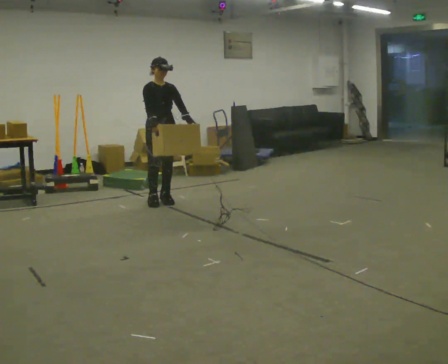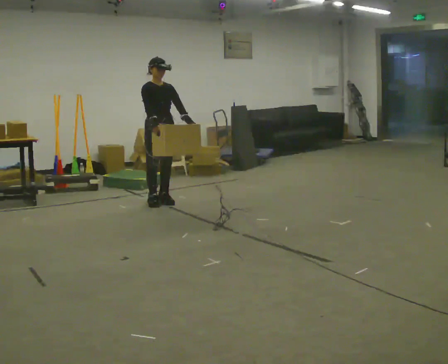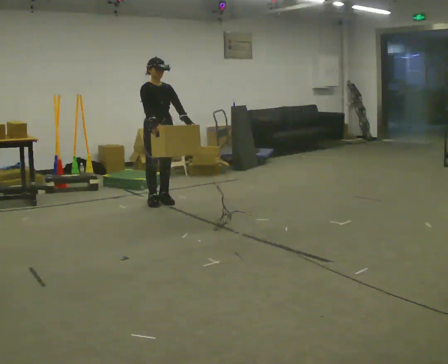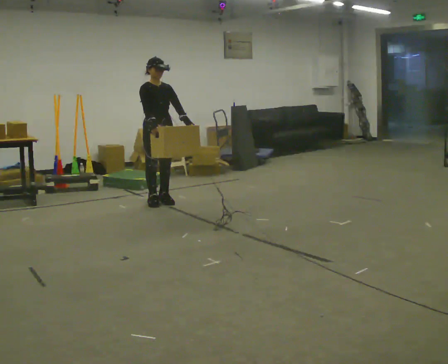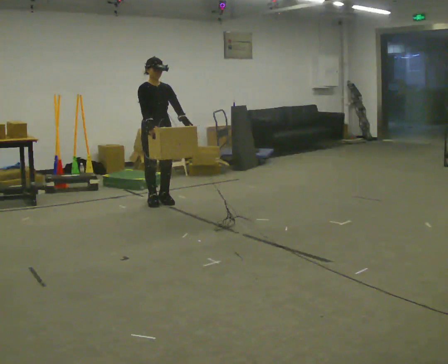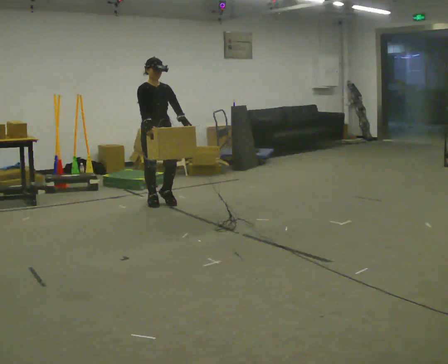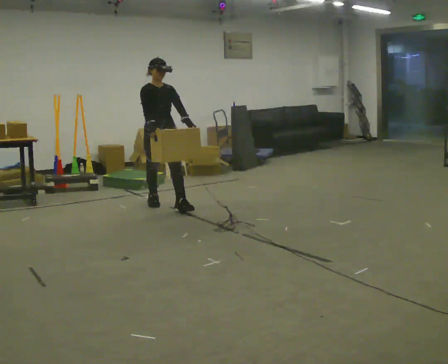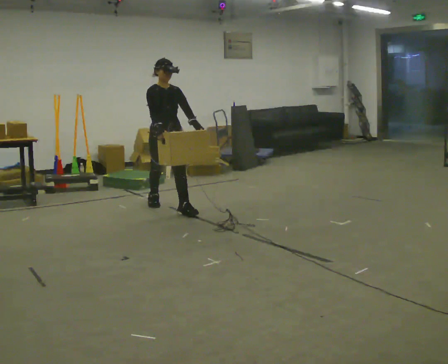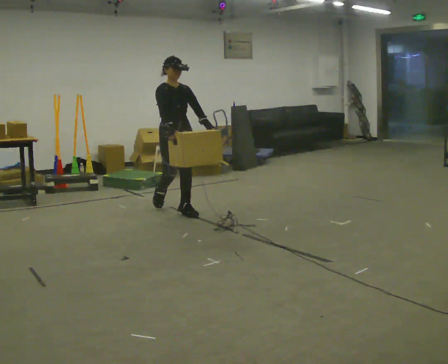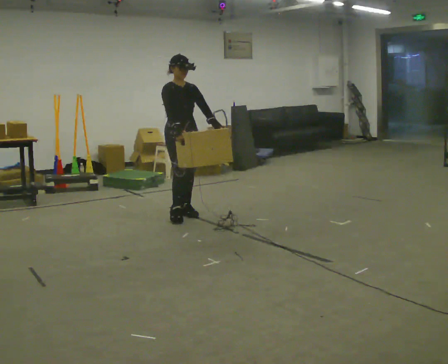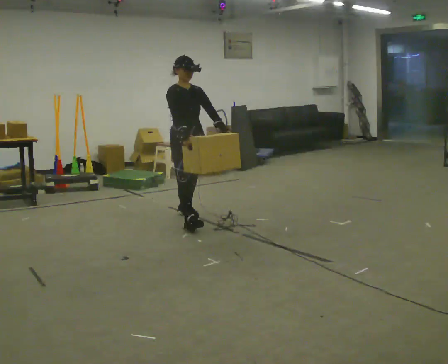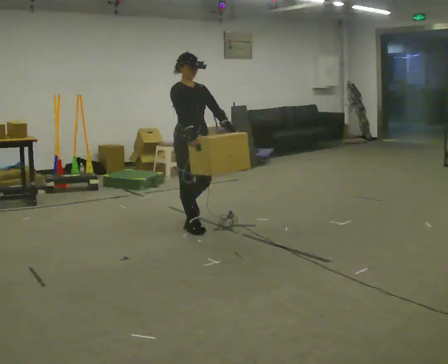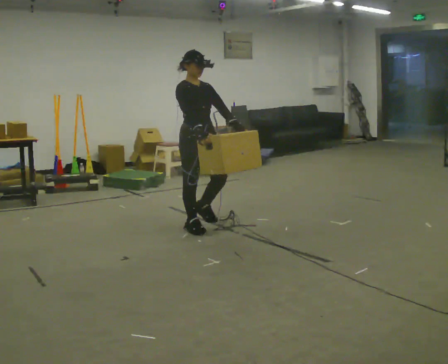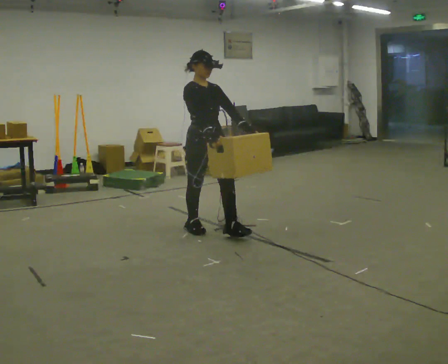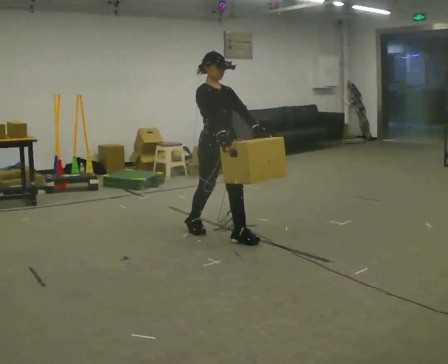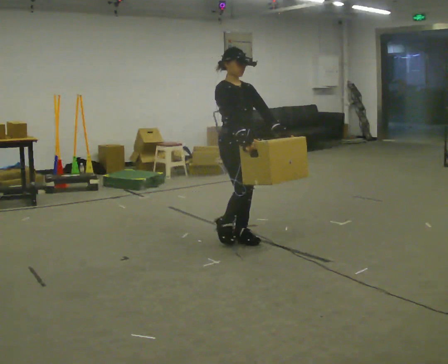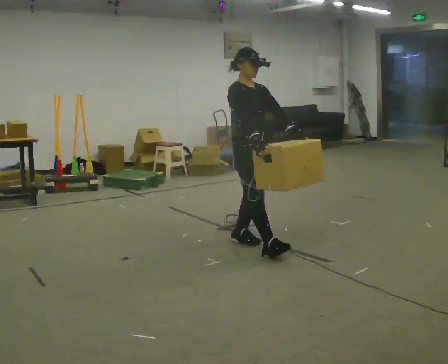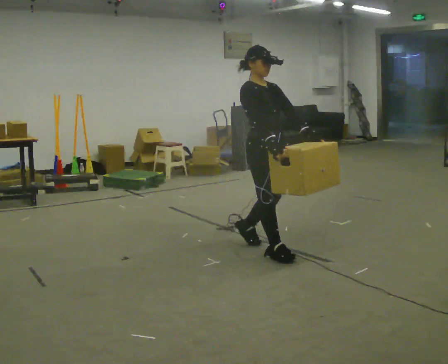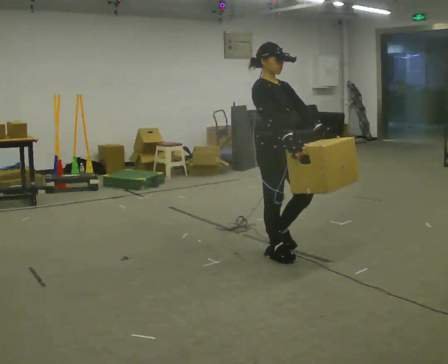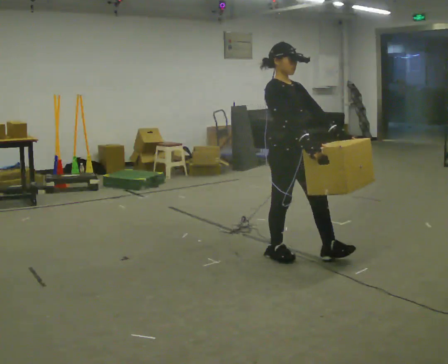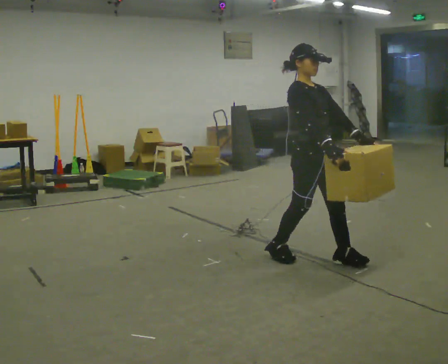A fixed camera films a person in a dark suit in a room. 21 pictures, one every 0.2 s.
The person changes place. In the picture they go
toward the camera.
0.0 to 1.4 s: In the picture they go toward the camera, about 0.25 m in 1 step, which for them is forward.
1.4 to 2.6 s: In the picture they go toward the camera and to the right, about 1 m in 1 step, which for them is forward.
2.6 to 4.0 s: In the picture they go toward the camera and to the right, about 1 m in 3 steps, which for them is forward.
The film runs forward here.
